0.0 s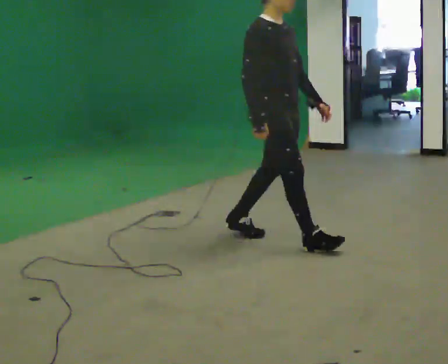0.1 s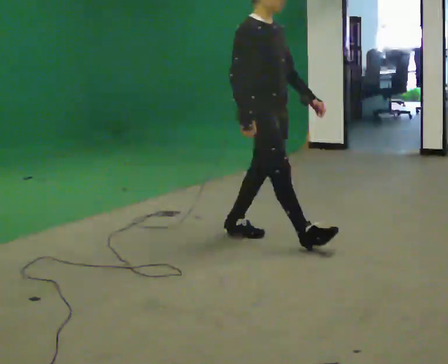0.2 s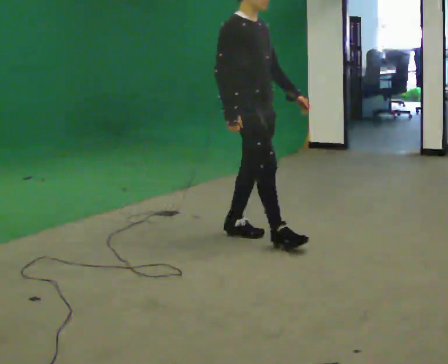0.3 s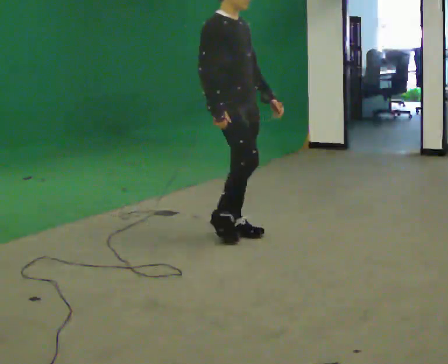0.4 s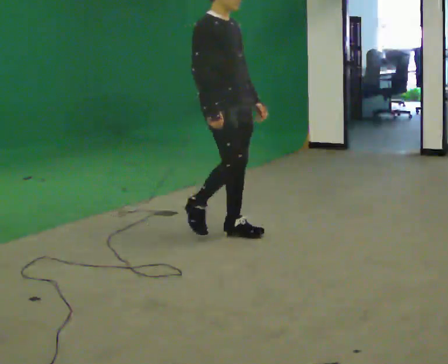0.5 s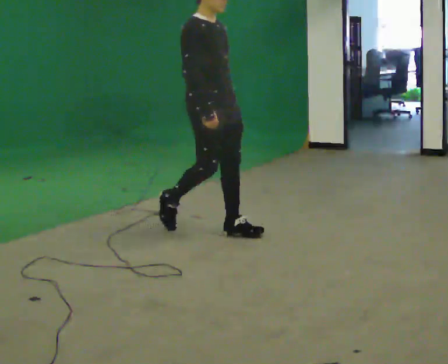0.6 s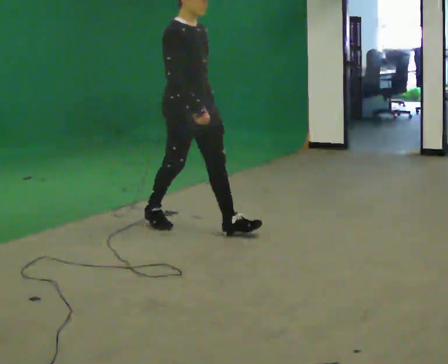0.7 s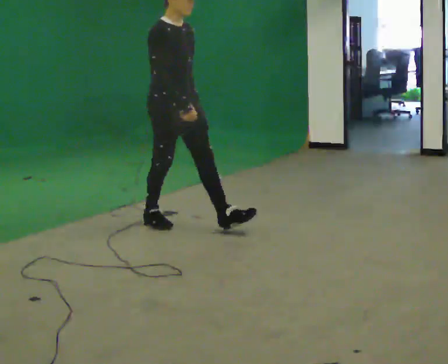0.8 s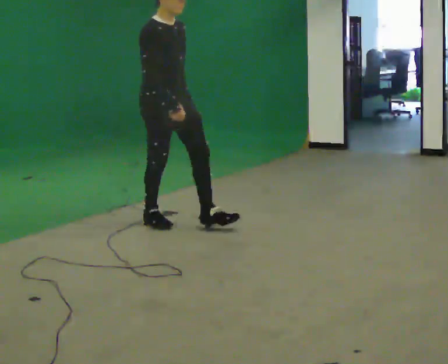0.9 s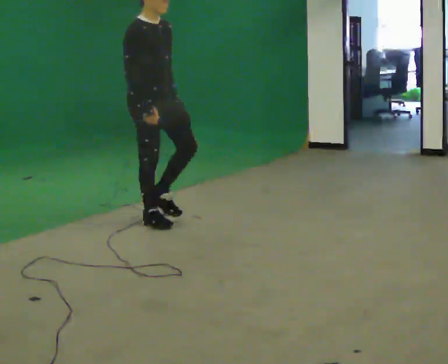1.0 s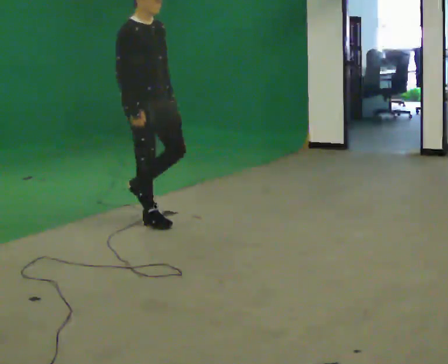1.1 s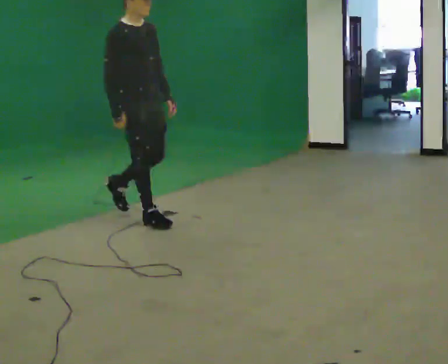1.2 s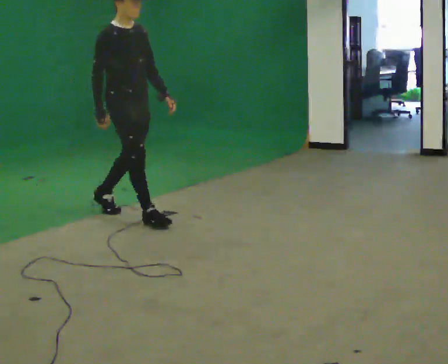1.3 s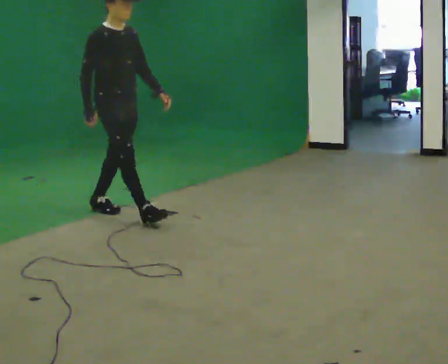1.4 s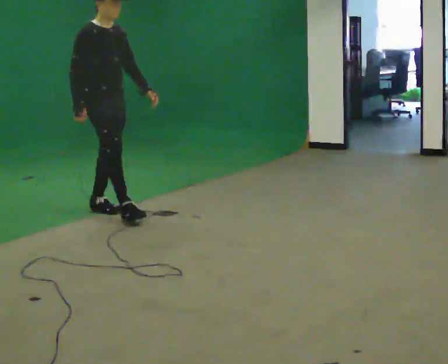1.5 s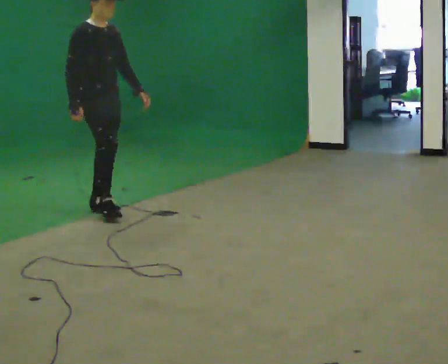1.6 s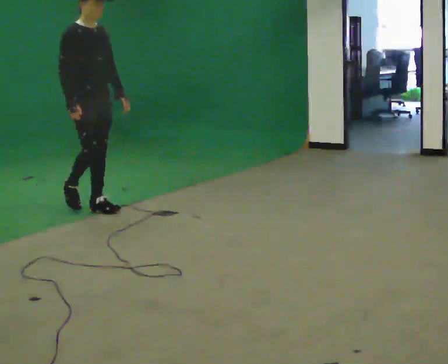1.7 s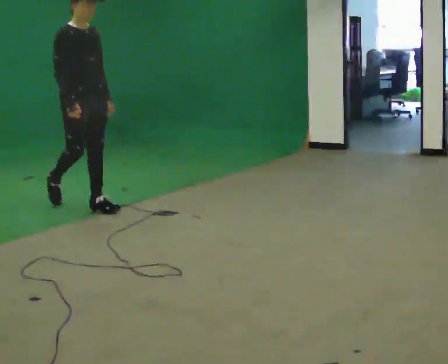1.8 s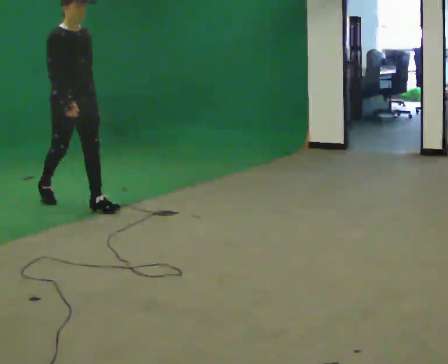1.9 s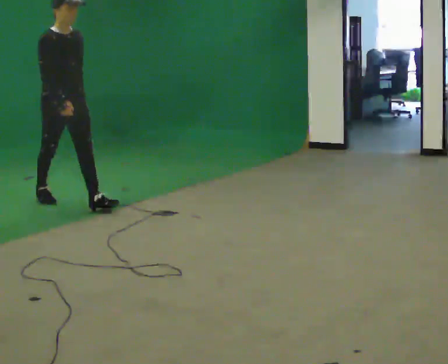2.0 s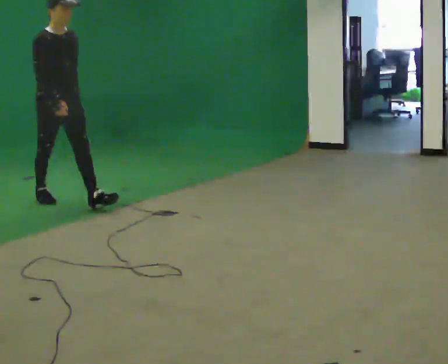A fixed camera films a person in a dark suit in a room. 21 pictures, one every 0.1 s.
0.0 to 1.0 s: In the picture they go to the left and away from the camera, about 1 m in 2 steps, which for them is backward.
1.0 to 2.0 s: In the picture they go to the left and away from the camera, about 1 m in 1 step, which for them is backward.
The film runs backward here.
